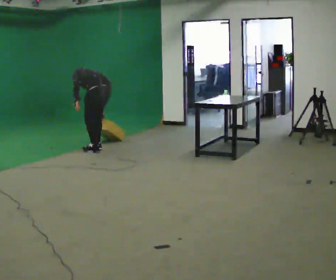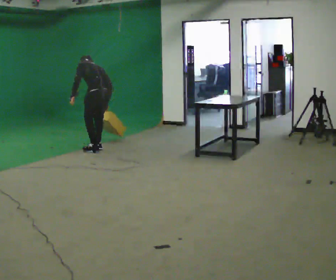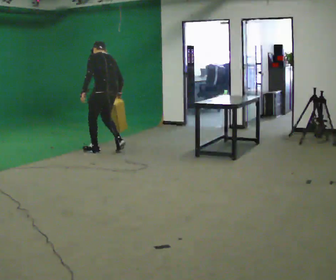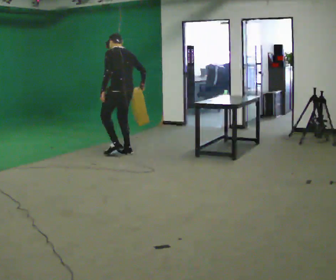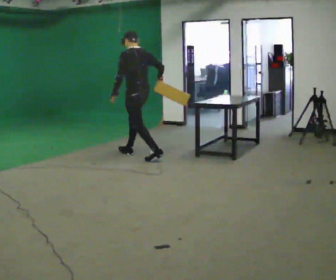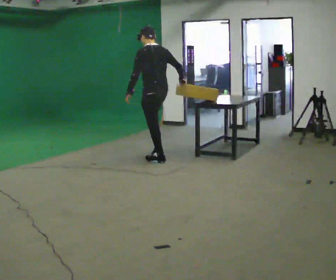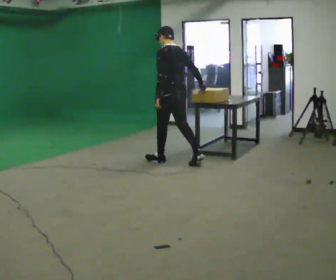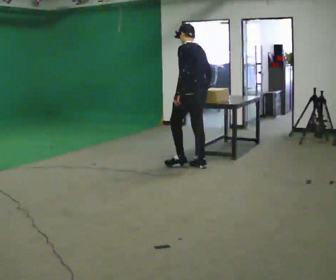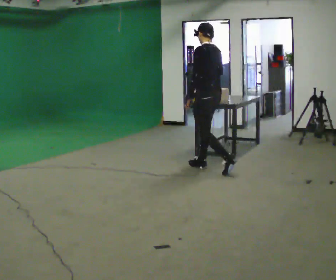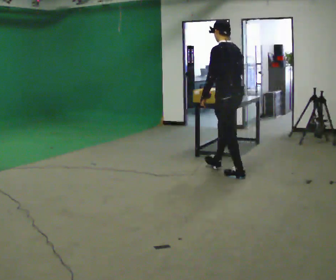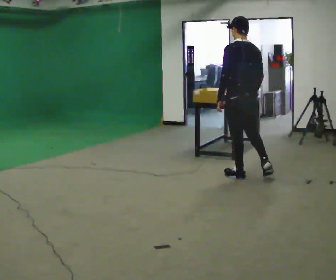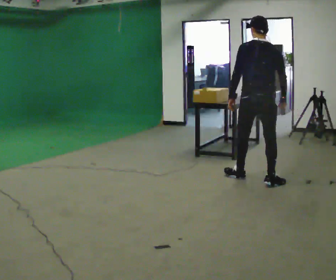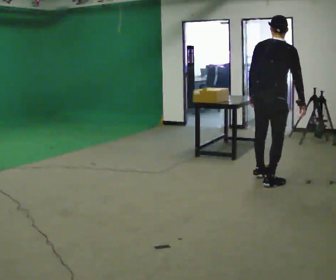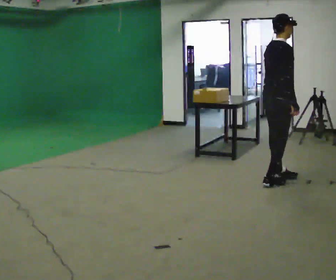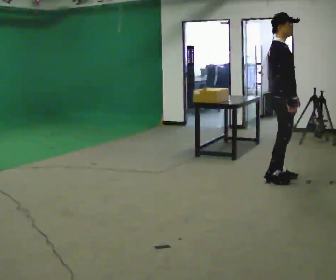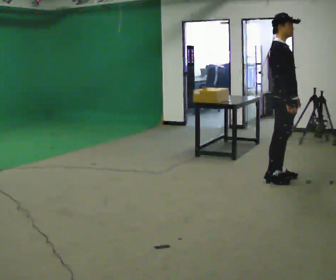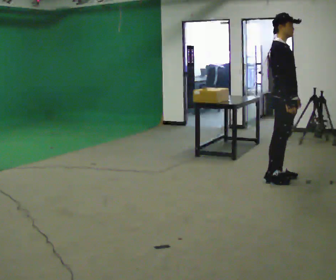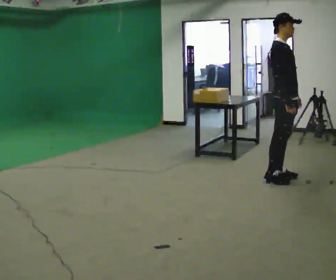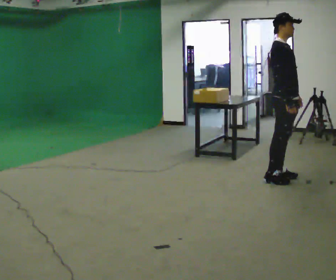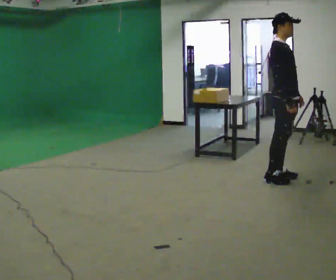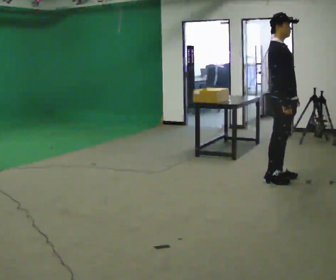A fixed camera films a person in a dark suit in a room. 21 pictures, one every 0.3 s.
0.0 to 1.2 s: In the picture they go to the right, about 0.75 m in 2 steps, which for them is backward. The shoulders move upward. In the picture the upper body tilts clockwise, shoulders to the right, as they lean back or straighten.
1.2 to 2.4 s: In the picture they go to the right and toward the camera, about 1 m in 2 steps, which for them is backward.
2.4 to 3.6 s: Seen from above the body turns clockwise, about 90 degrees: to their right, with its near side sliding to the left. In the picture they go to the right and toward the camera, about 1 m in 2 steps.
3.6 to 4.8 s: Seen from above the body turns clockwise, about 75 degrees: to their right, with its near side sliding to the left. In the picture the upper body tilts counterclockwise, shoulders to the left, as they lean back or straighten. In the picture their left hand goes to the right, the arm swinging counterclockwise.
4.8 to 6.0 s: The person moves a little, or ends about where they began.
The film runs backward here.
